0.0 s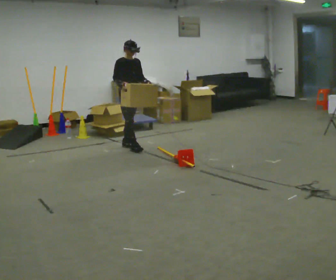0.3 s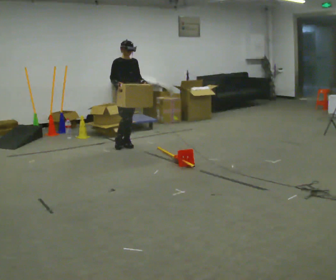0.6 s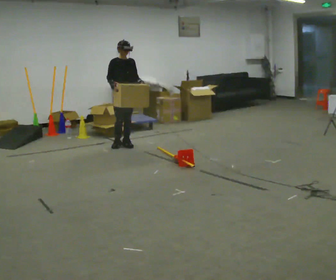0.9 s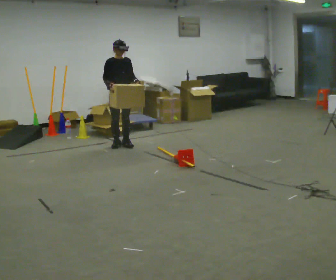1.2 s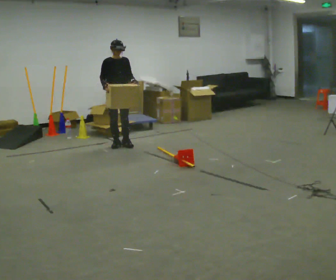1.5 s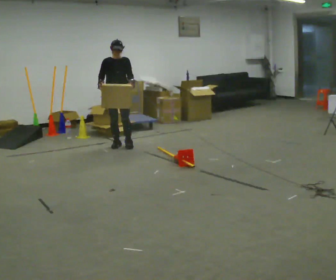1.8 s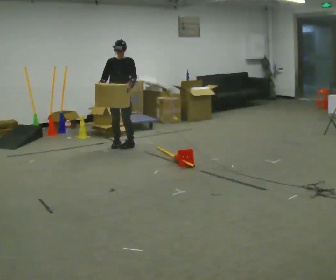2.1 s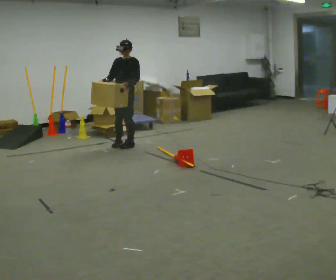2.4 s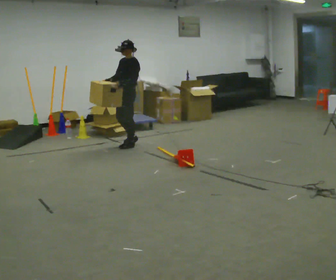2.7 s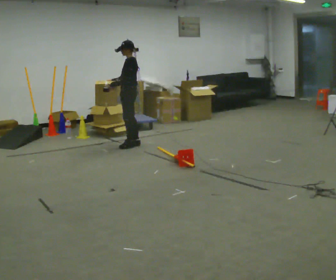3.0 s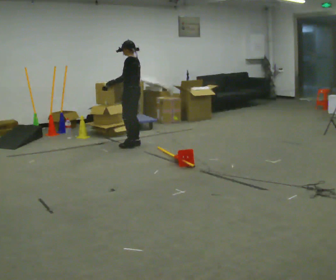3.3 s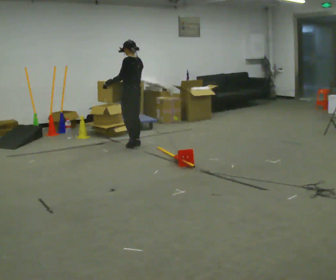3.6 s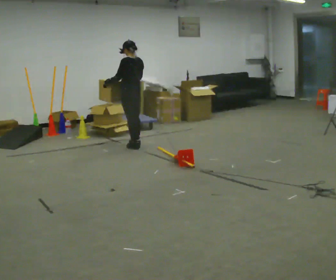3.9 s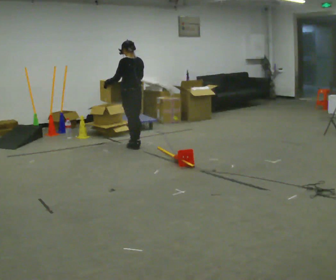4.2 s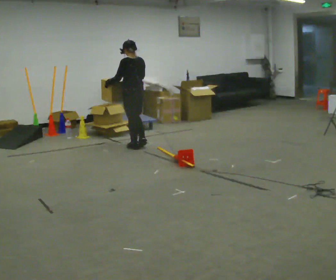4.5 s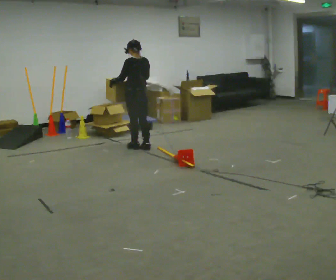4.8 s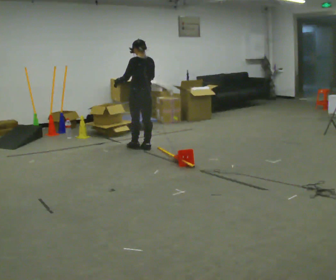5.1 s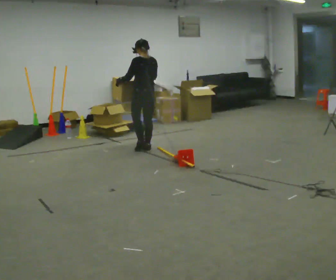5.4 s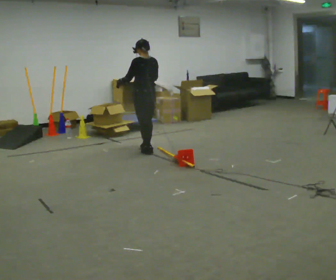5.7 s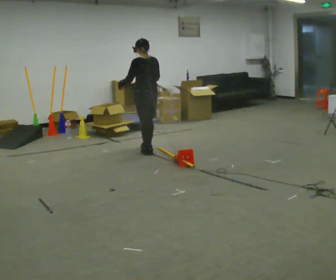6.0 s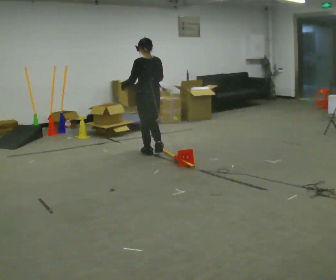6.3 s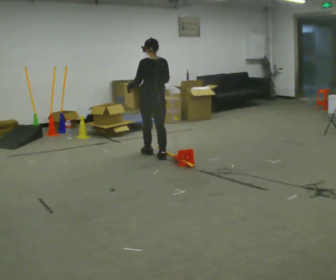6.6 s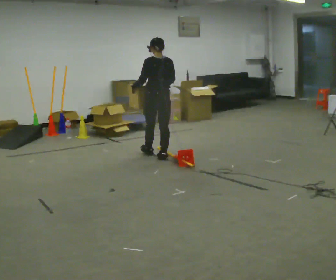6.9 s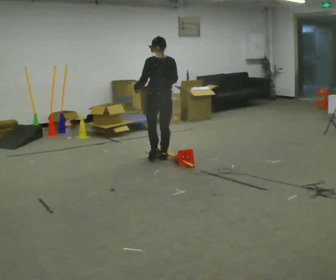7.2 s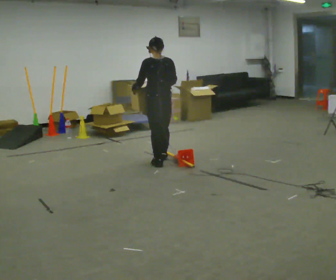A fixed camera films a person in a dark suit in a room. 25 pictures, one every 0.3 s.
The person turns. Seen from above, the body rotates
clockwise.
The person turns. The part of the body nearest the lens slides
to the left.
0.0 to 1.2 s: In the picture they go to the left, about 0.25 m, which for them is backward.
1.2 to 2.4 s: The person turns about 75 degrees to their right, clockwise seen from above, so the part of the body nearest the lens slides to the left.
2.4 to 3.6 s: Seen from above the body turns clockwise, about 75 degrees: to their right, with its near side sliding to the left.
3.6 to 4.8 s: In the picture they go toward the camera, about 0.25 m in 1 step, which for them is backward.
4.8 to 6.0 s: In the picture they go toward the camera, about 0.25 m in 2 steps, which for them is backward.
6.0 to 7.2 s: In the picture they go toward the camera, about 0.5 m in 1 step, which for them is backward.
The film runs backward here.
